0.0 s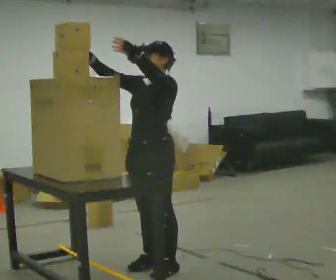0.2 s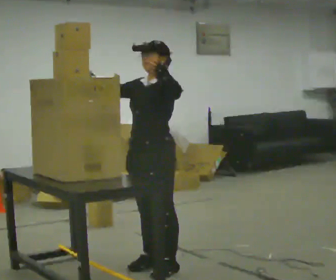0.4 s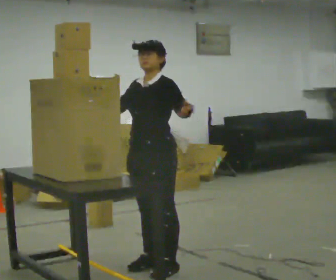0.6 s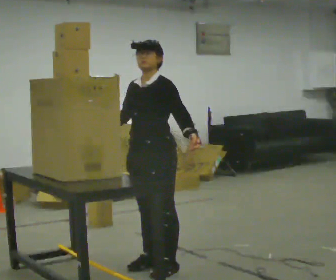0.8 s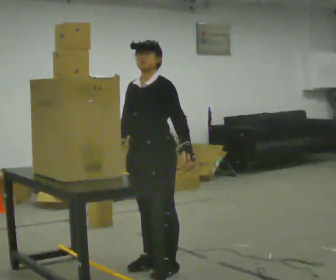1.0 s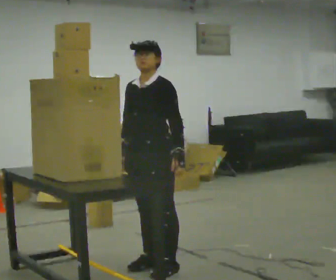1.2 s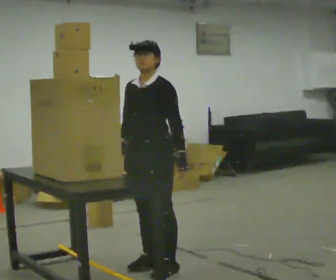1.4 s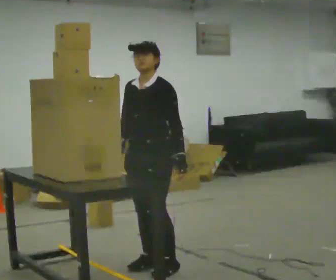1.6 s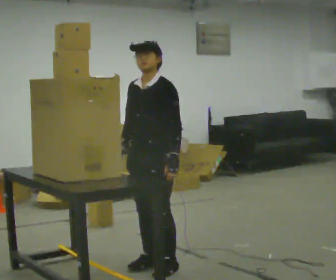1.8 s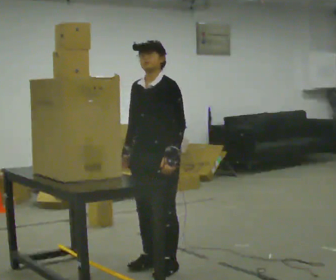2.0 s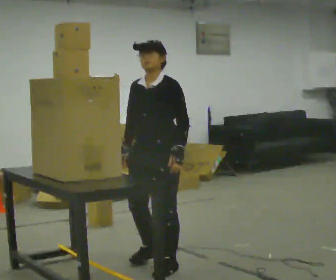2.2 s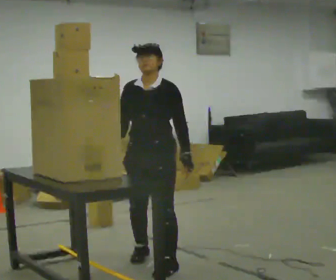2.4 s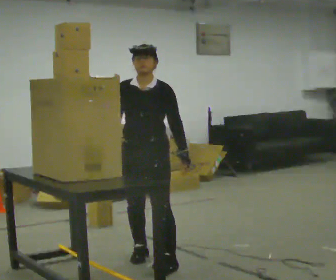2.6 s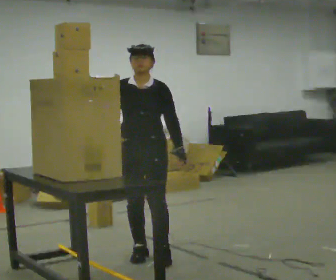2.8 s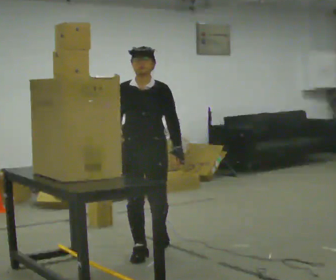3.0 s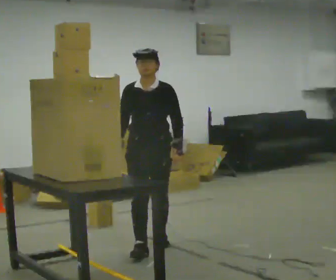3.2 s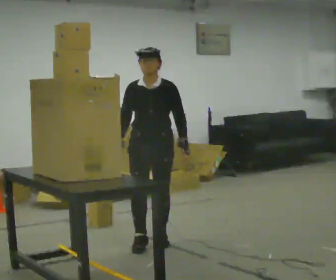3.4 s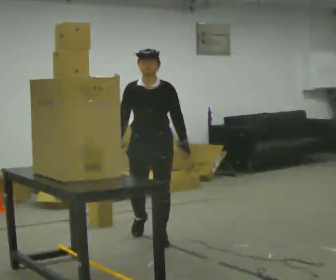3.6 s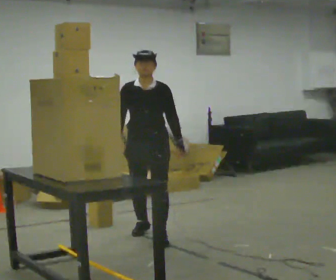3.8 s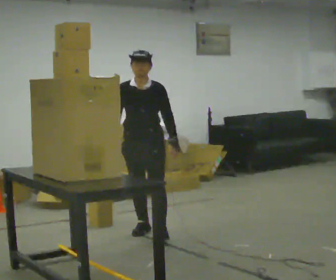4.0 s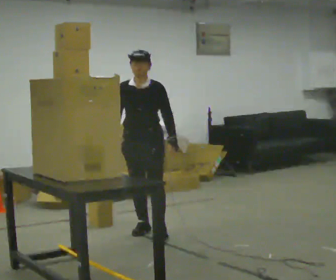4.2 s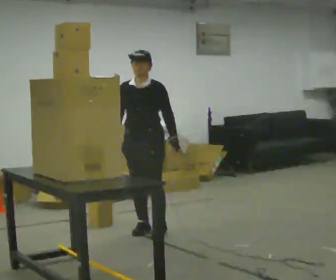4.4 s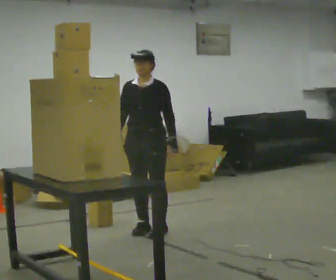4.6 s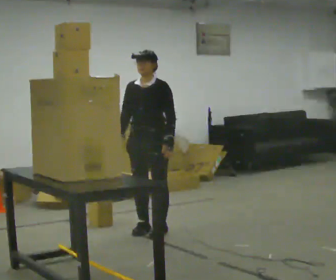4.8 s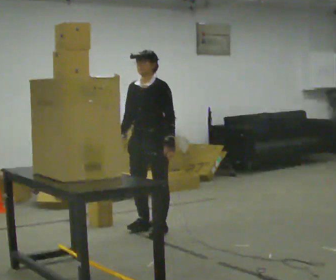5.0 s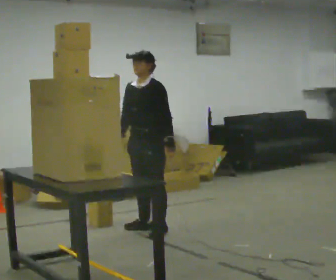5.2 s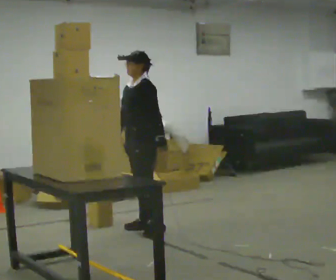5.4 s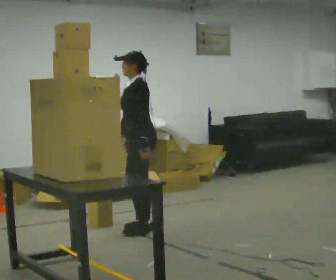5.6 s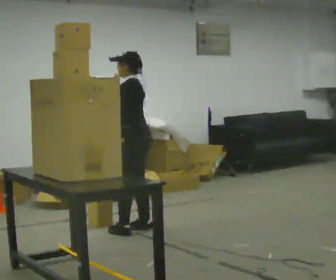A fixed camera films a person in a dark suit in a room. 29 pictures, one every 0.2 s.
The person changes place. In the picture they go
away from the camera.
Their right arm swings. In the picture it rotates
counterclockwise.
0.0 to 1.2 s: In the picture their left hand goes downward.
1.2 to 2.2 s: The person moves a little, or ends about where they began.
2.2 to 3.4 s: In the picture they go away from the camera, about 0.75 m in 2 steps, which for them is backward.
3.4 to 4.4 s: In the picture they go away from the camera, about 0.25 m in 1 step, which for them is backward.
4.4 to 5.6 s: Seen from above the body turns clockwise, about 75 degrees: to their right, with its near side sliding to the left. In the picture their left hand goes to the left, the arm swinging clockwise.
The film runs backward here.
